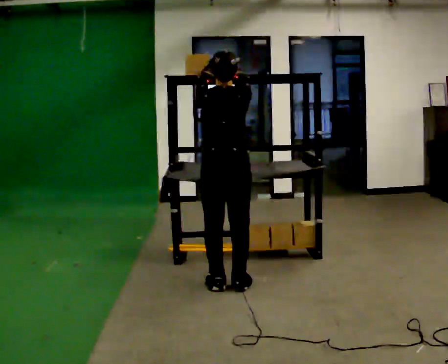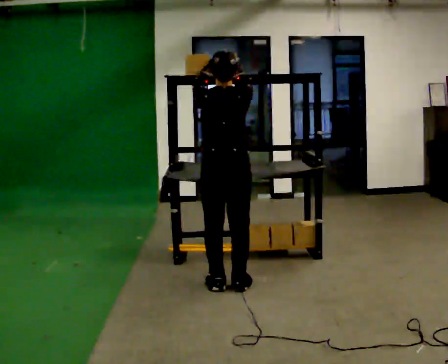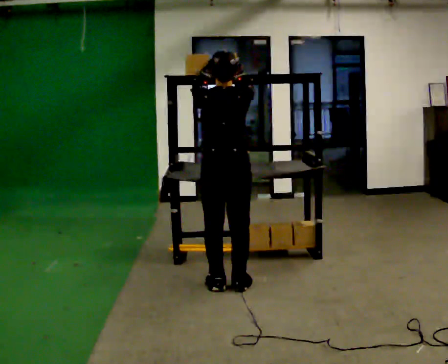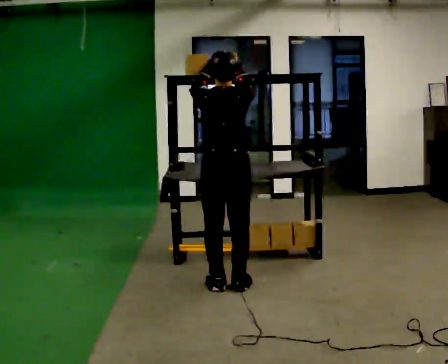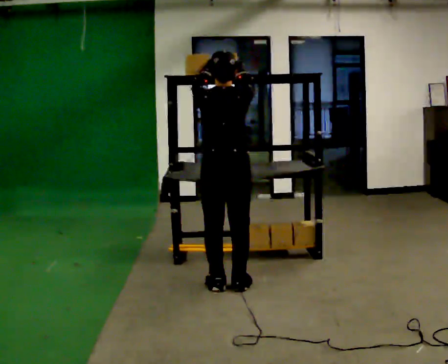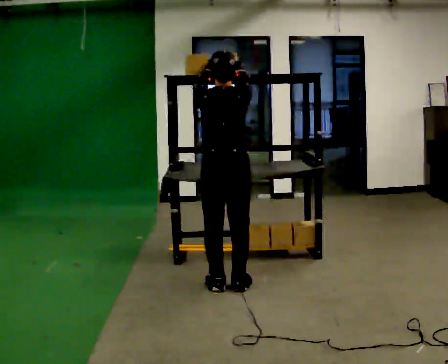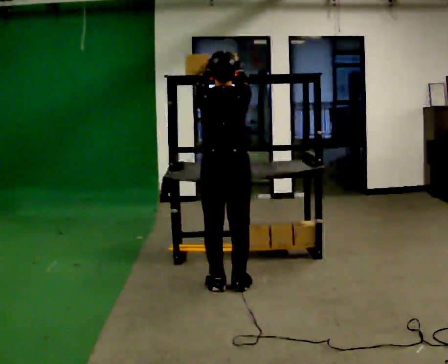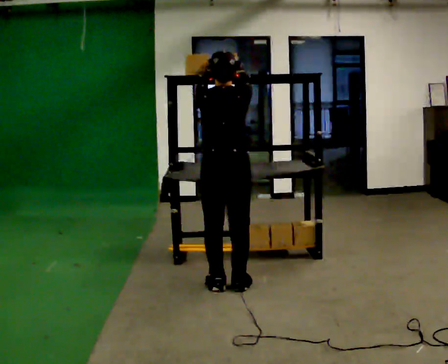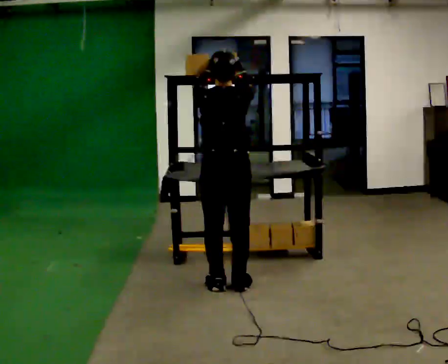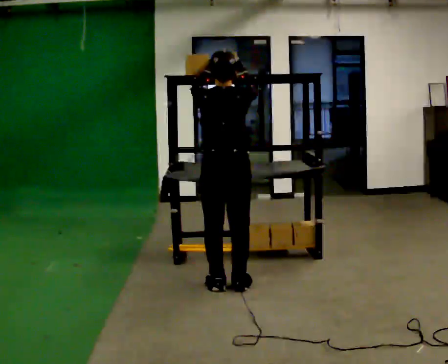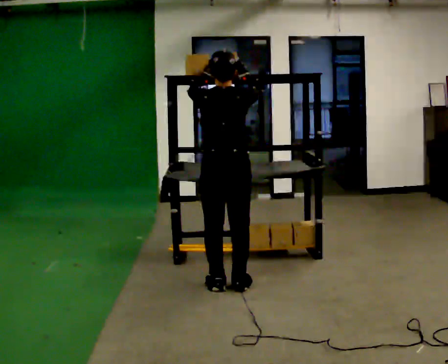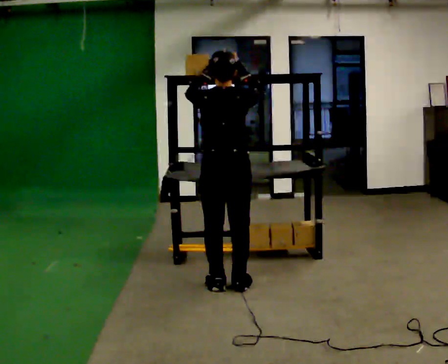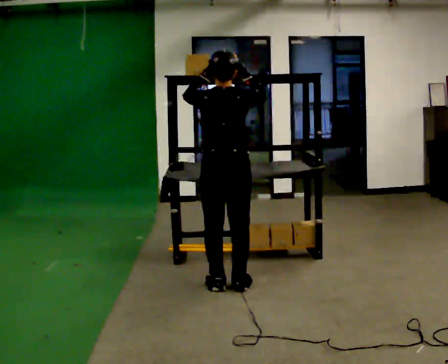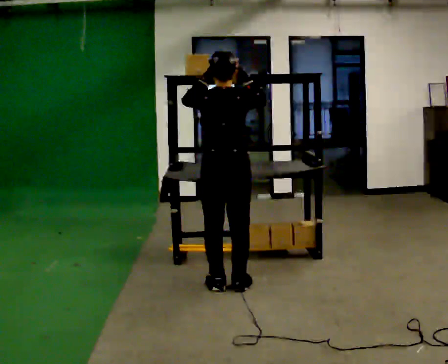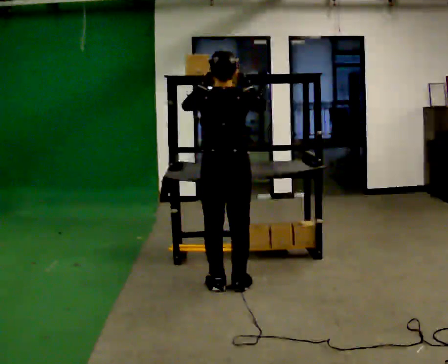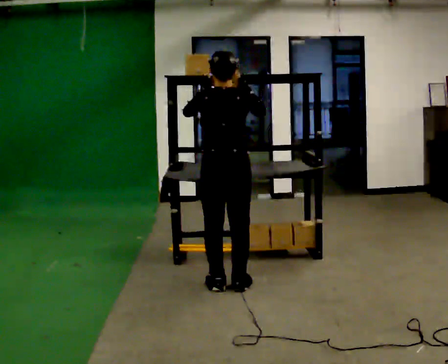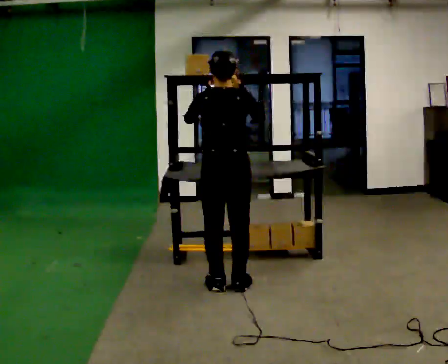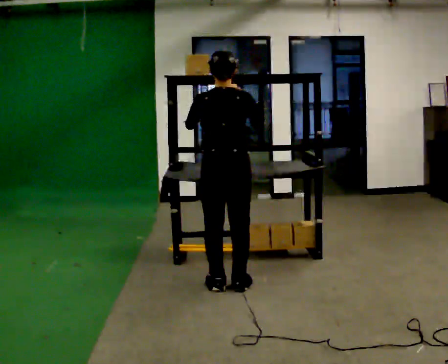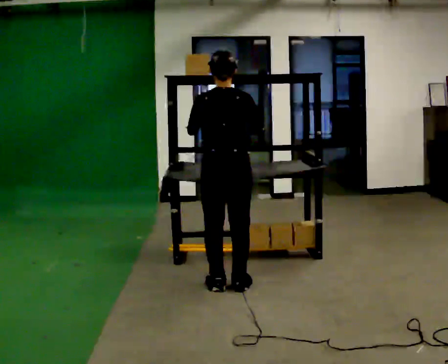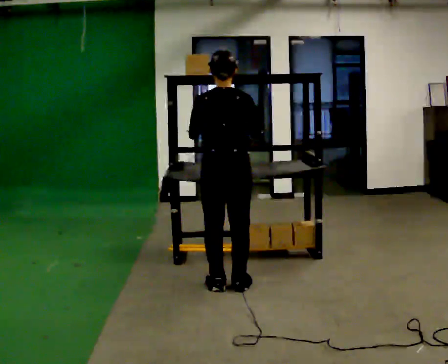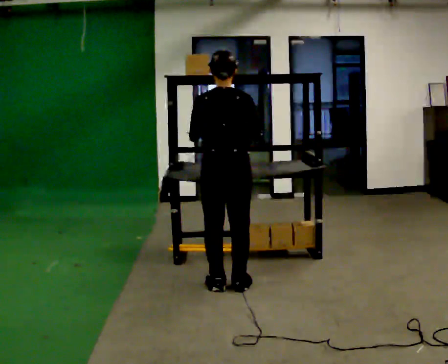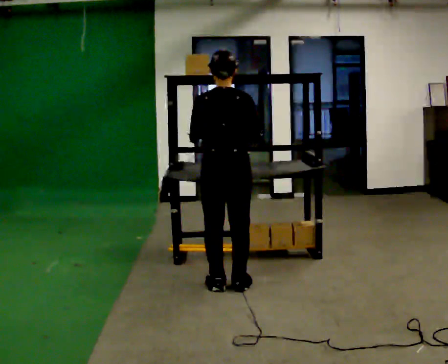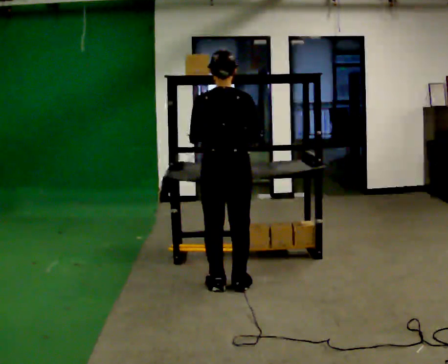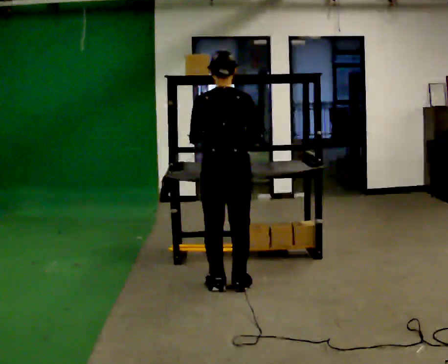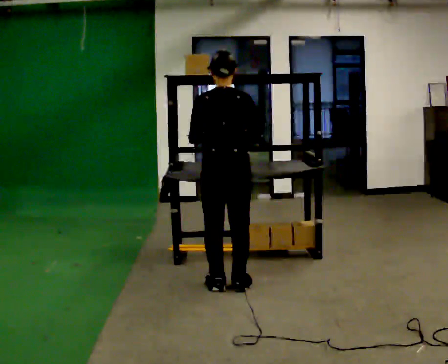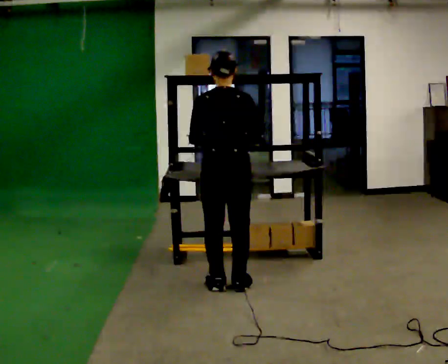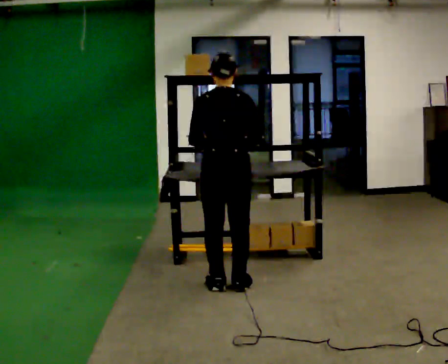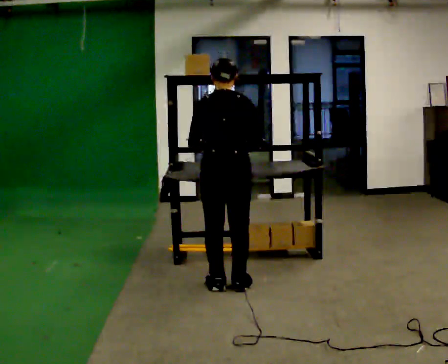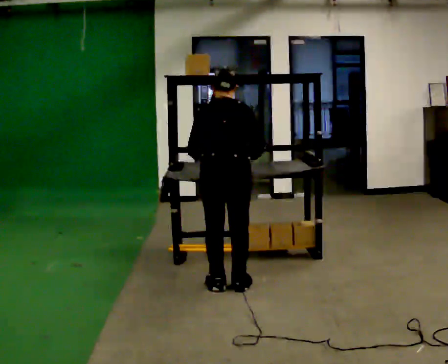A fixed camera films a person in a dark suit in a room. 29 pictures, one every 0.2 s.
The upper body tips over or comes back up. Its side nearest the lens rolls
upward.
Their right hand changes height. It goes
downward.
0.0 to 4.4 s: In the picture their right hand goes downward.
4.4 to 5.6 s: The upper body tips away from the camera, its near side rolling upward, as they bend forward.
The film runs forward here.
